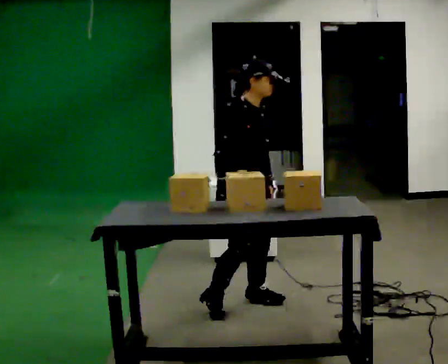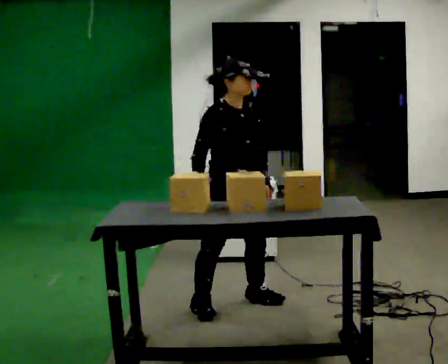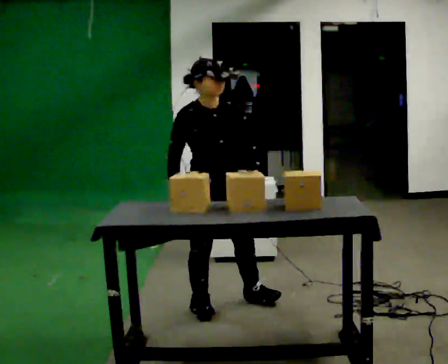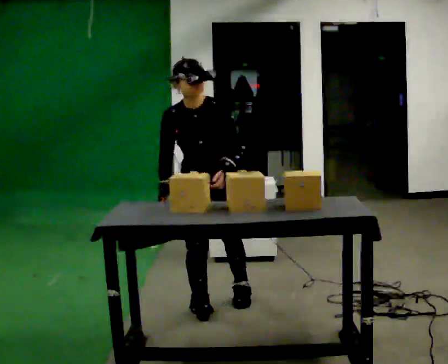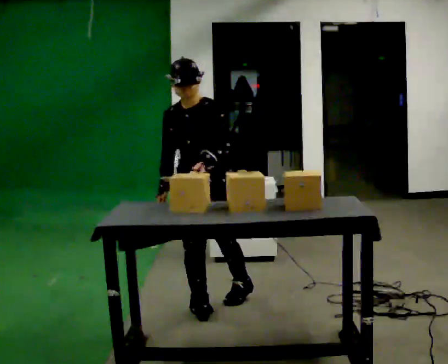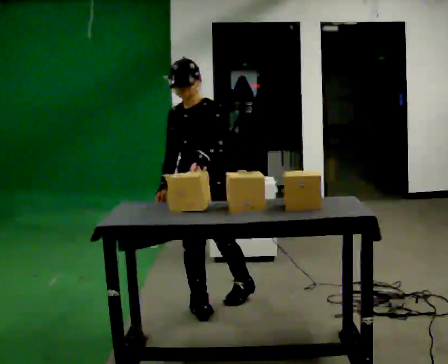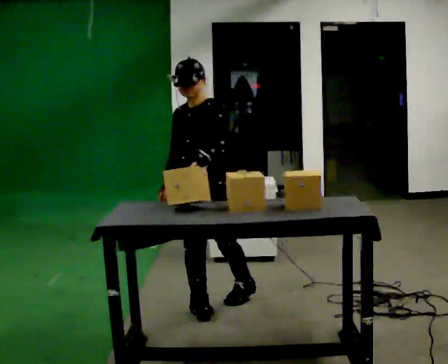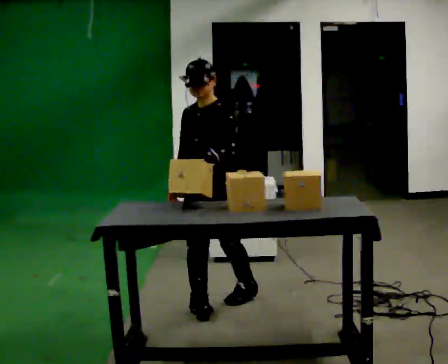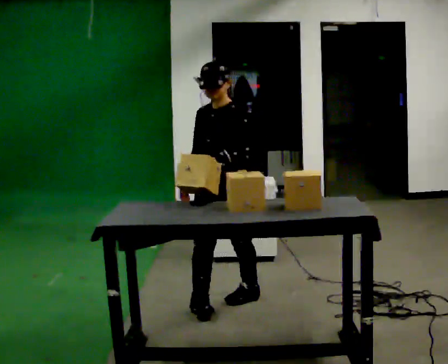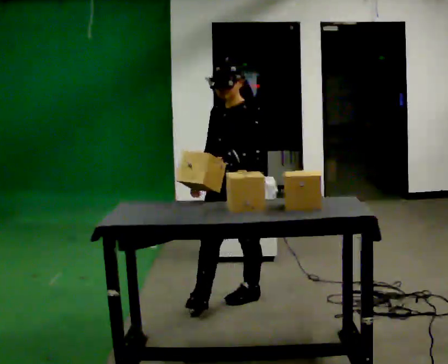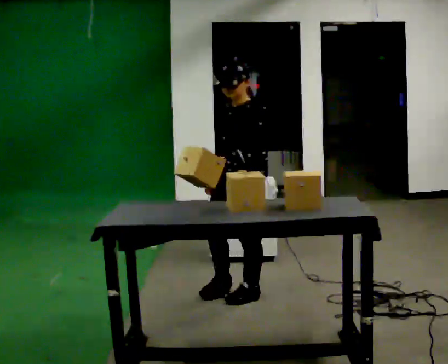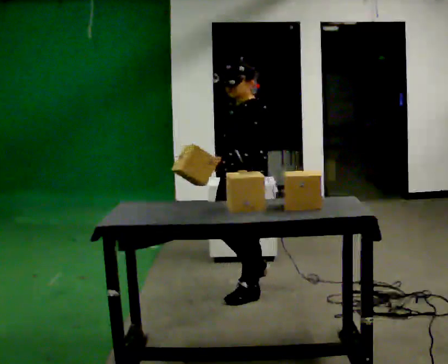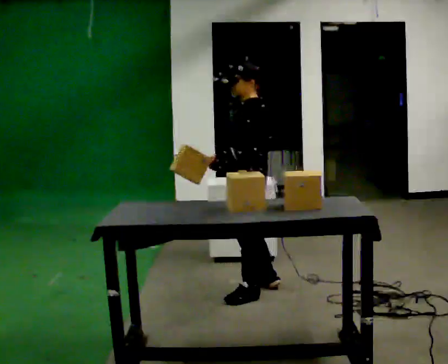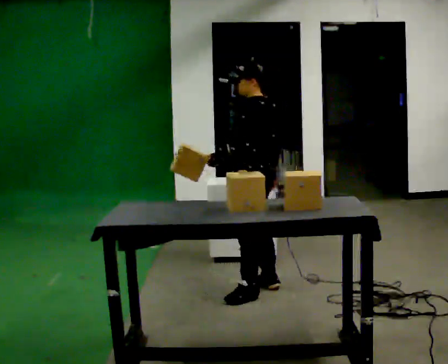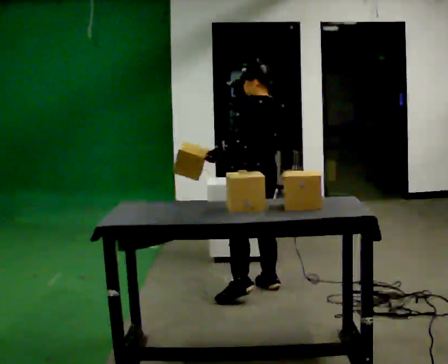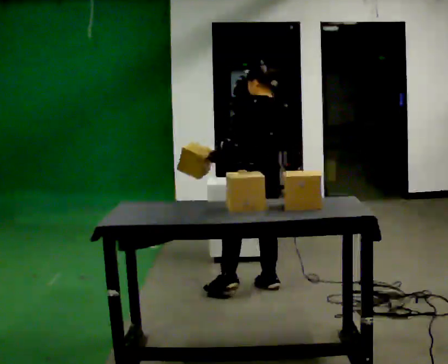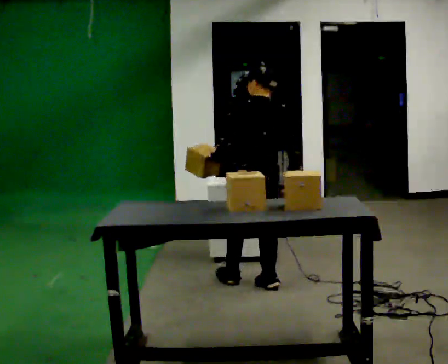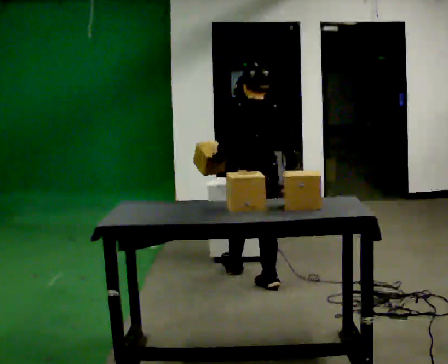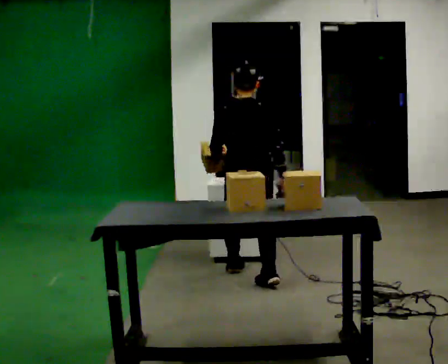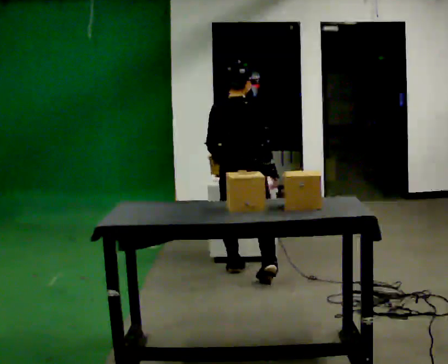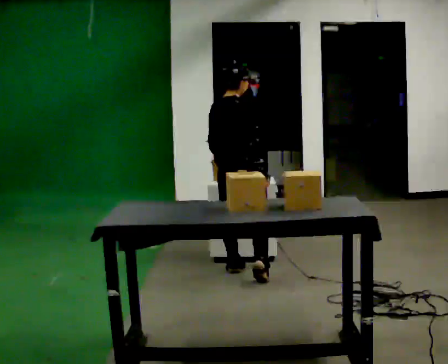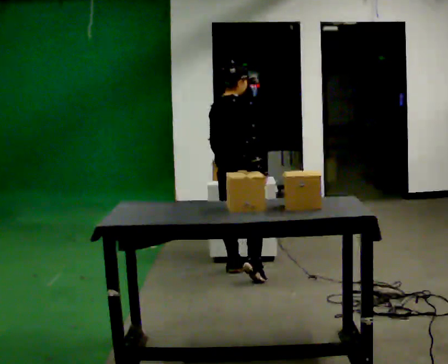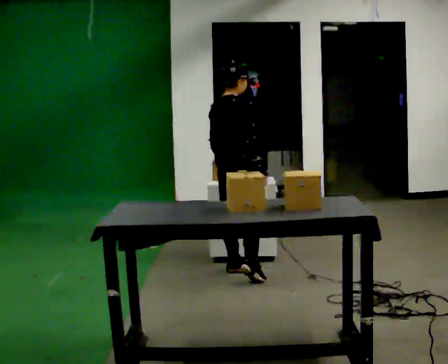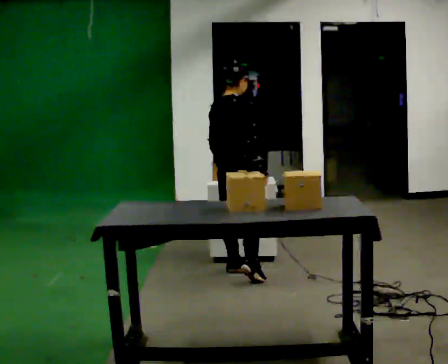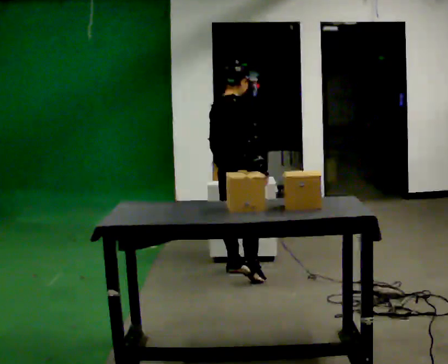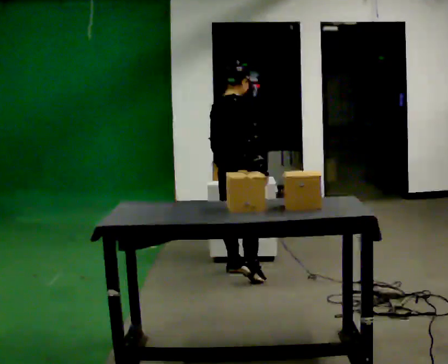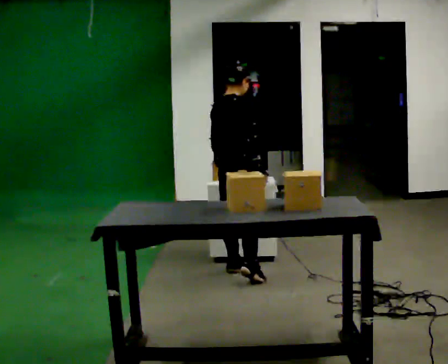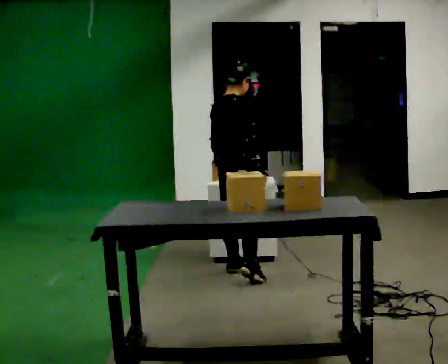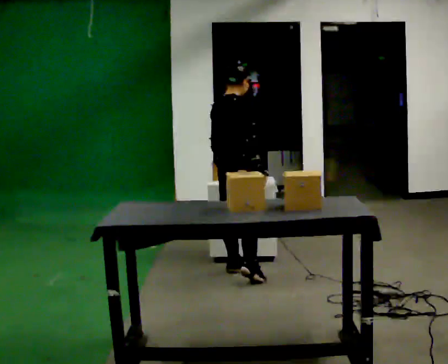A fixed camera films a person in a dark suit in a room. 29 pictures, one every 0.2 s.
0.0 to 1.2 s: The person turns about 90 degrees to their right, clockwise seen from above, so the part of the body nearest the lens slides to the left. In the picture they go to the left, about 0.25 m. In the picture their left hand goes to the left.
1.2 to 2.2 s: The person turns about 45 degrees to their right, clockwise seen from above, so the part of the body nearest the lens slides to the left. In the picture they go to the right and away from the camera, about 0.25 m in 1 step, which for them is backward and to their left.
2.2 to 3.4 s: Seen from above the body turns clockwise, about 105 degrees: to their right, with its near side sliding to the left. In the picture they go away from the camera, about 0.25 m in 1 step.
3.4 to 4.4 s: The part of the body nearest the lens slides to the left as the person turns to their right by about 45 degrees. In the picture they go away from the camera, about 0.25 m, which for them is to their left and forward.
4.4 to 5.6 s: The person moves a little, or ends about where they began.
The film runs backward here.
